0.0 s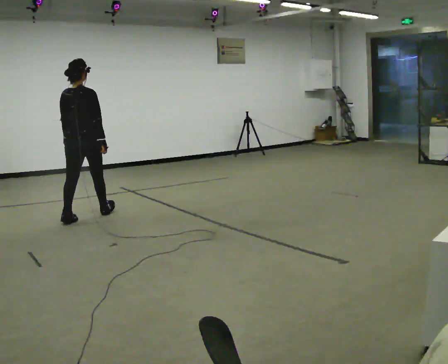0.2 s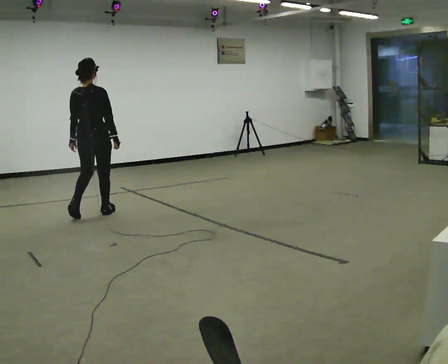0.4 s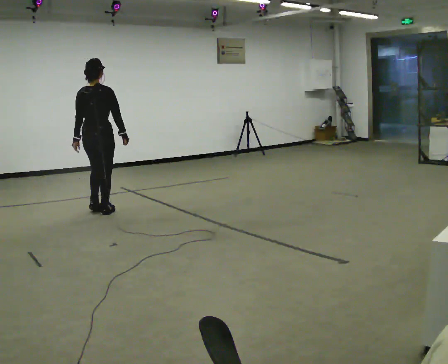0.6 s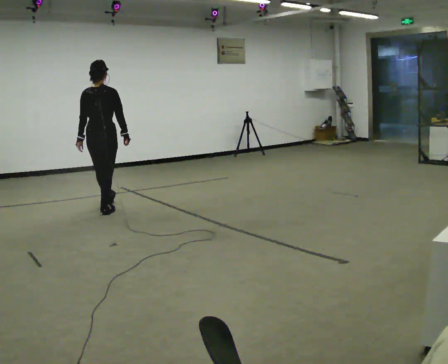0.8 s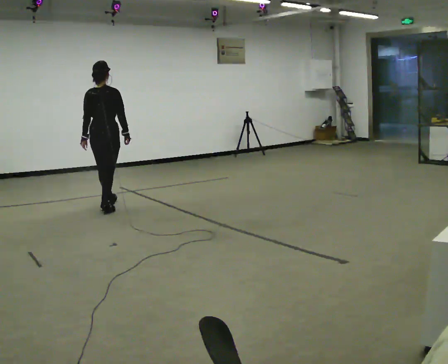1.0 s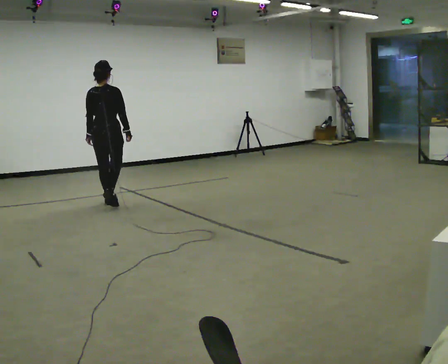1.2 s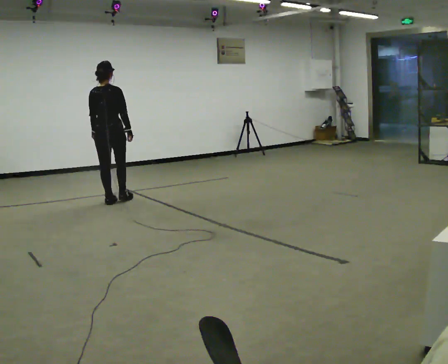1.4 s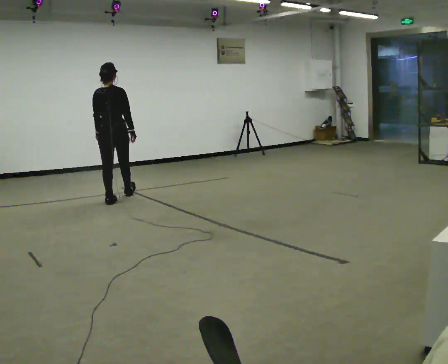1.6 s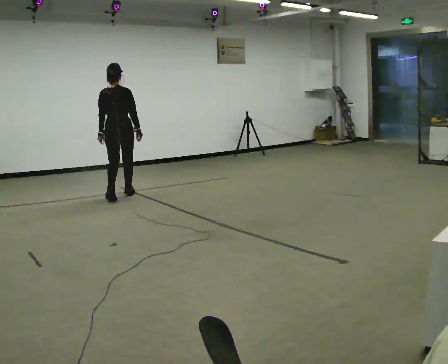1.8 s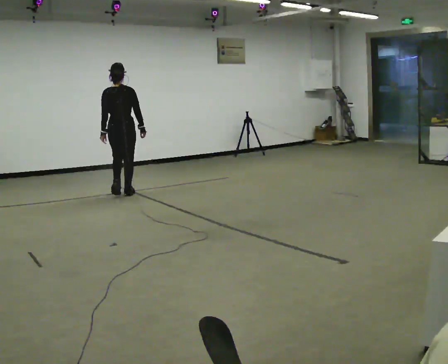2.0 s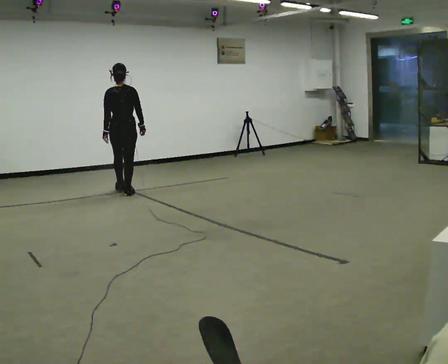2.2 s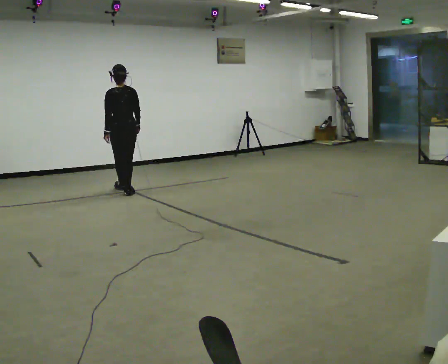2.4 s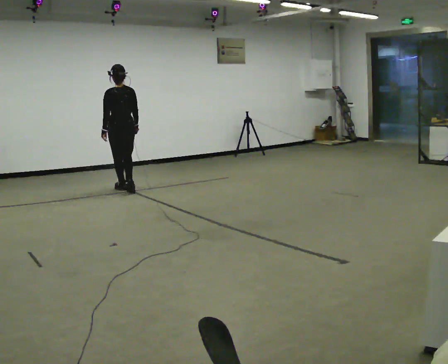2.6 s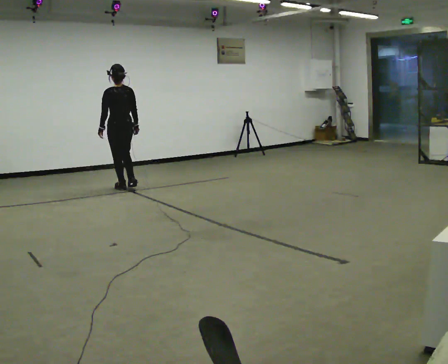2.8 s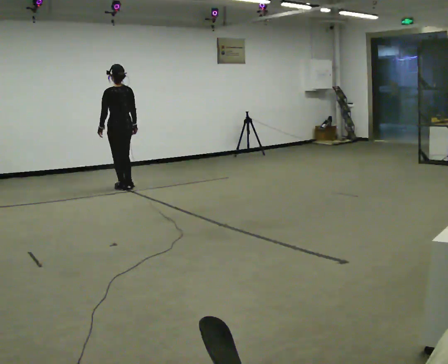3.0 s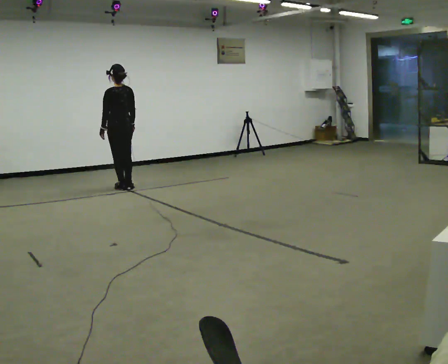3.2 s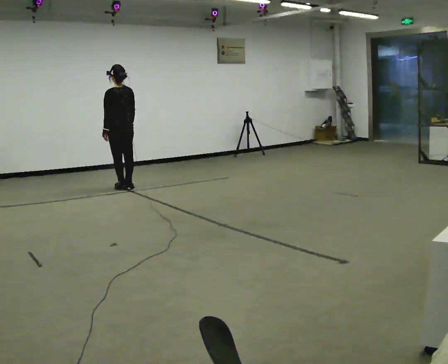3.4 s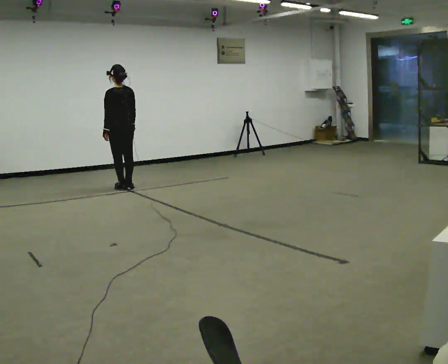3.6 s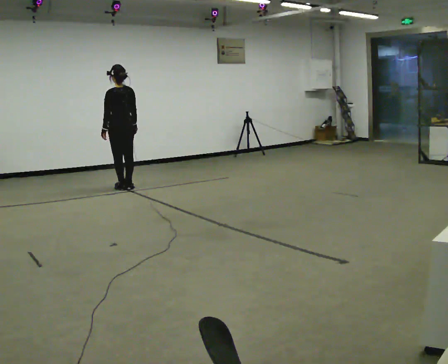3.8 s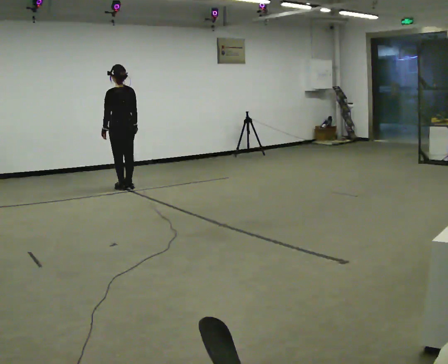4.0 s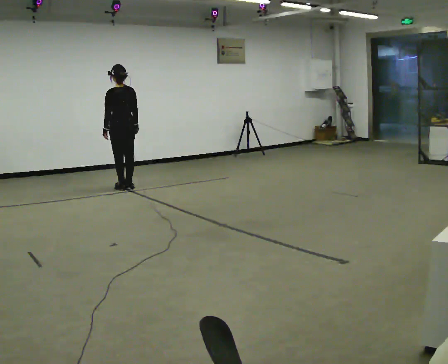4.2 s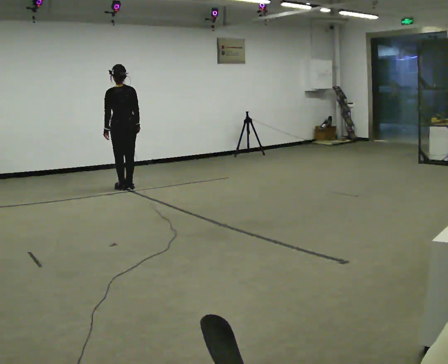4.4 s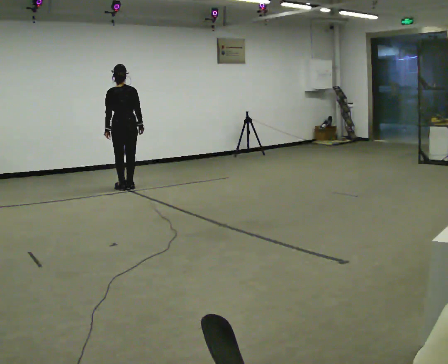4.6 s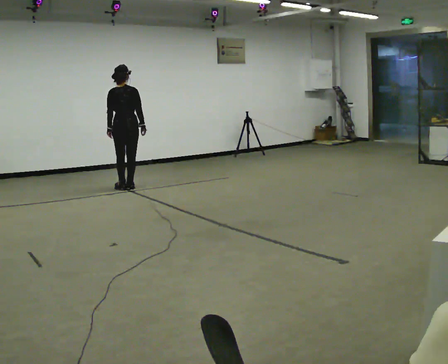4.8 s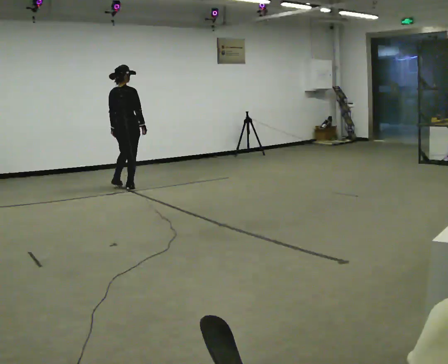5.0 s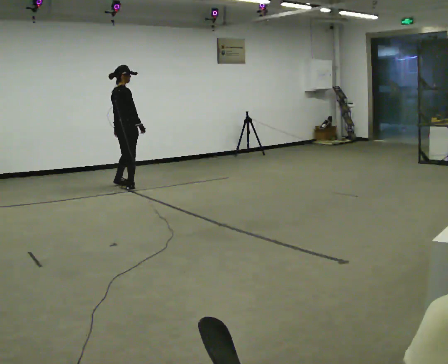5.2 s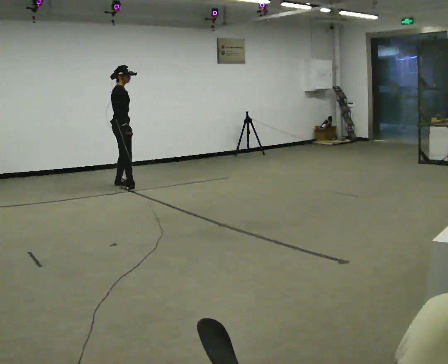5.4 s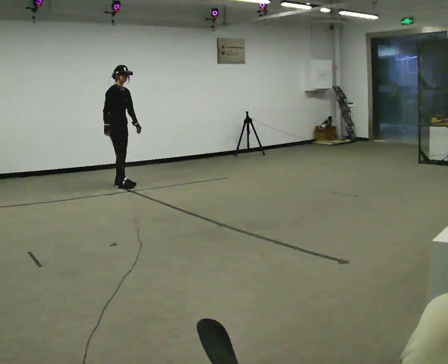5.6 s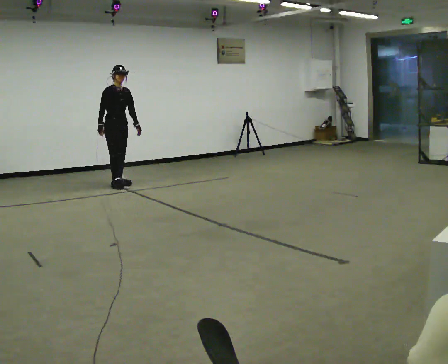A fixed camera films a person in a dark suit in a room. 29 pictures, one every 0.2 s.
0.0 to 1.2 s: In the picture they go away from the camera, about 0.5 m in 1 step, which for them is forward.
1.2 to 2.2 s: In the picture they go away from the camera, about 0.5 m in 2 steps, which for them is forward.
2.2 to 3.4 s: In the picture they go away from the camera, about 0.25 m in 1 step, which for them is forward.
3.4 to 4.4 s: Seen from above the body turns clockwise, about 30 degrees: to their right, with its near side sliding to the left.
4.4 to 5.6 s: The person turns about 150 degrees to their right, clockwise seen from above, so the part of the body nearest the lens slides to the left. In the picture they go away from the camera, about 0.25 m in 2 steps.
The film runs forward here.
